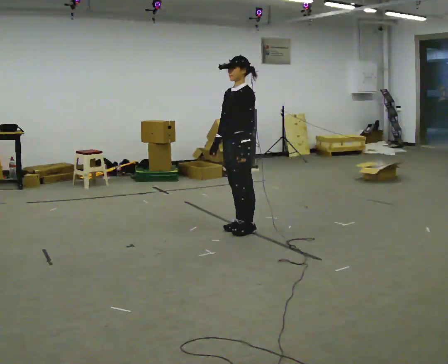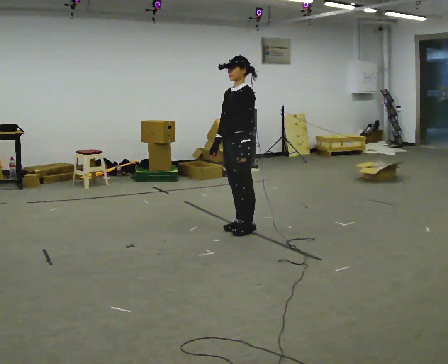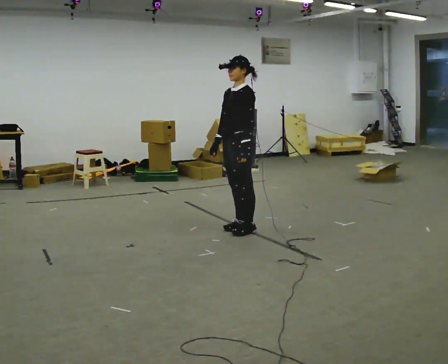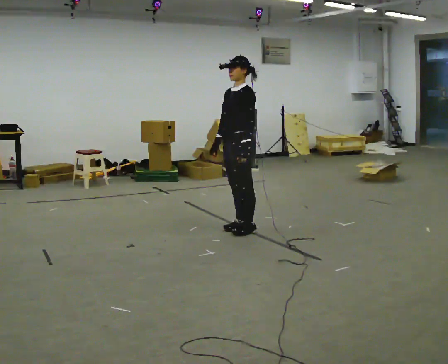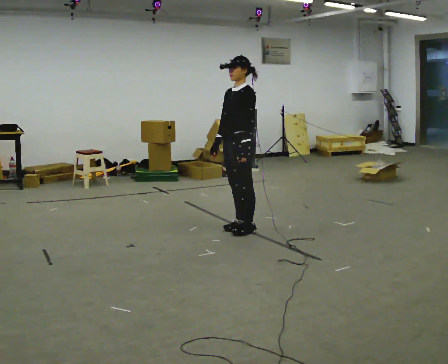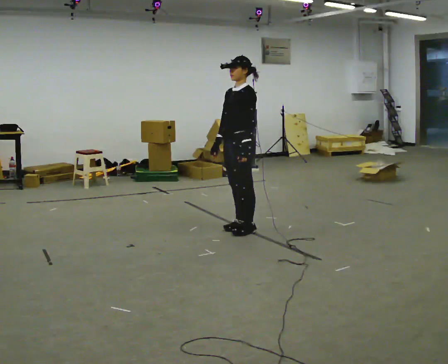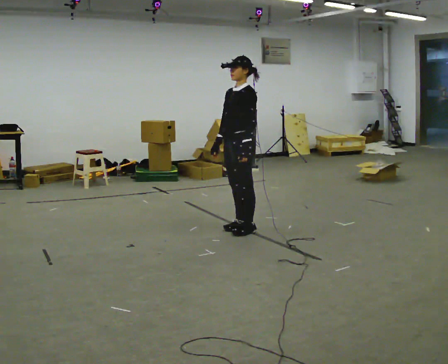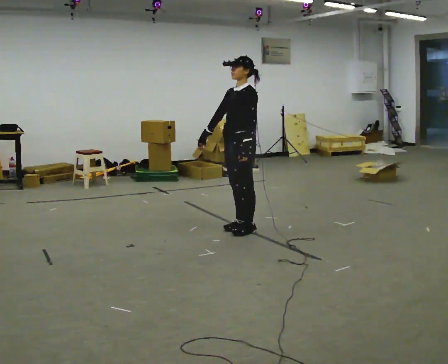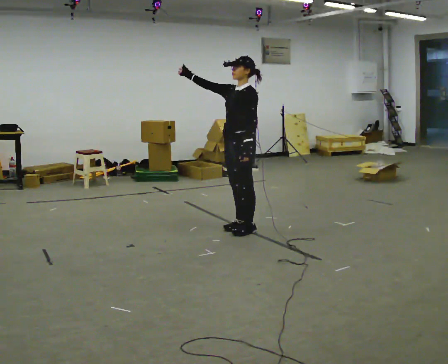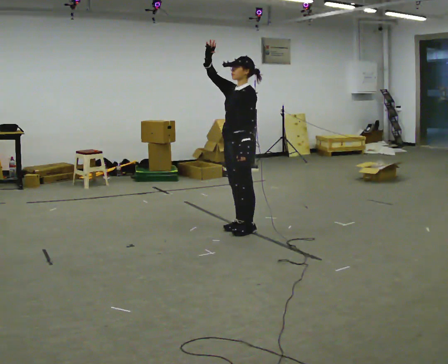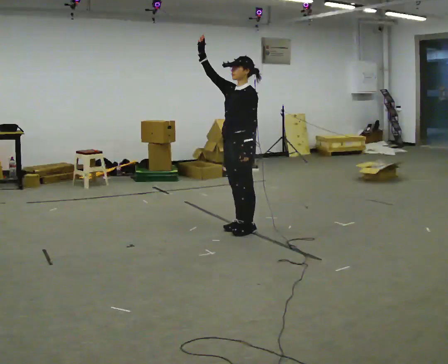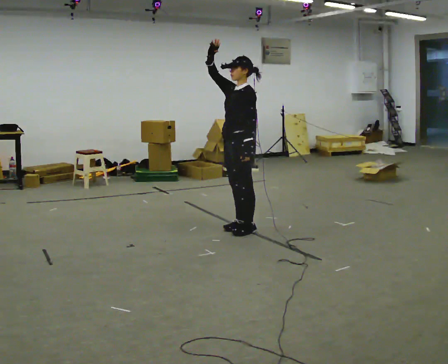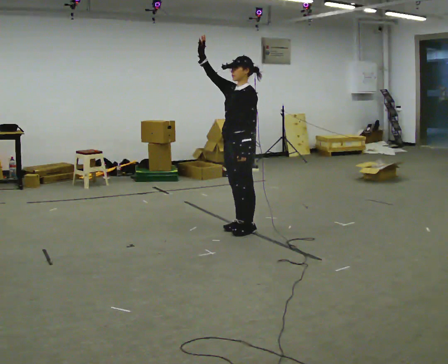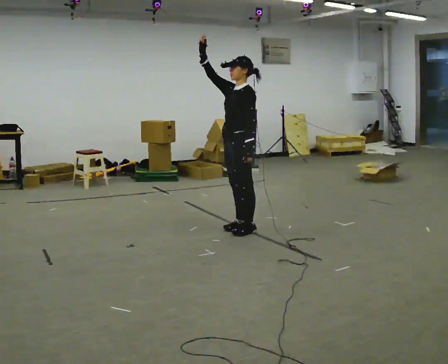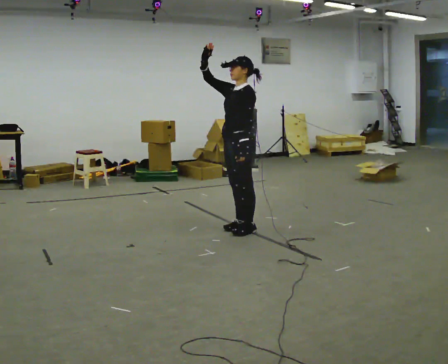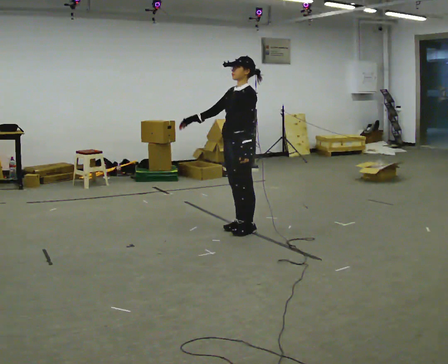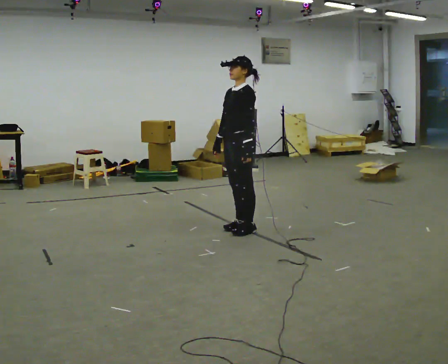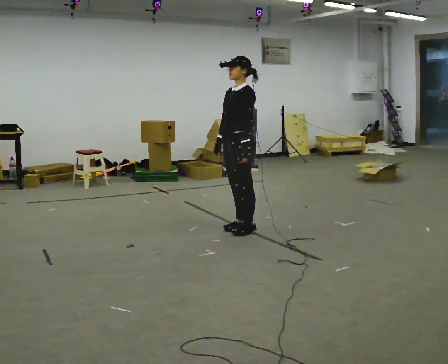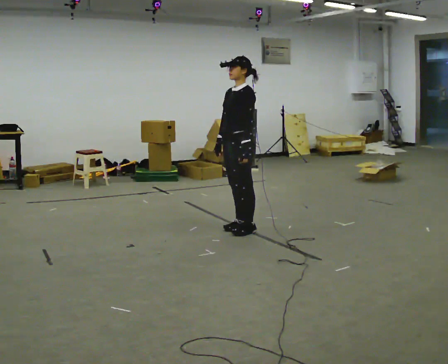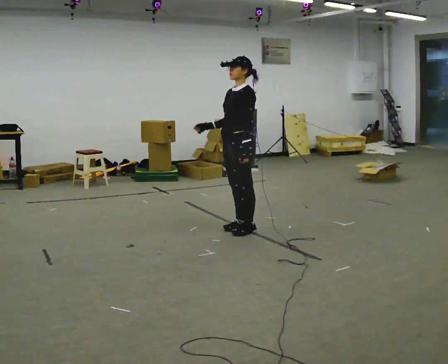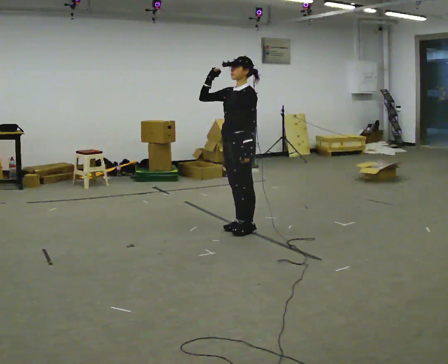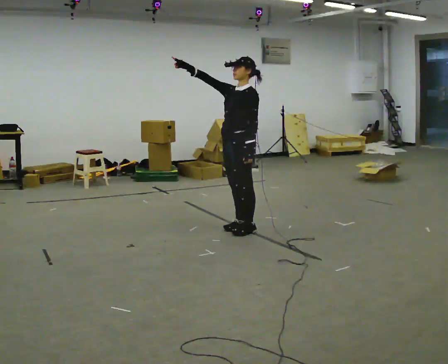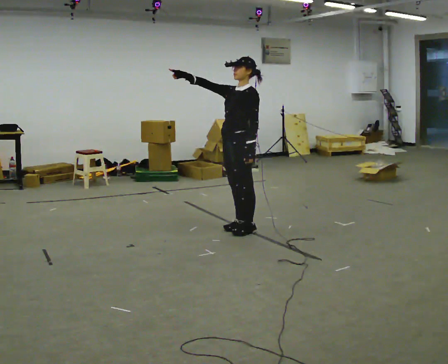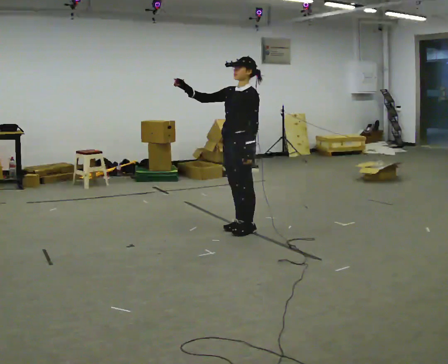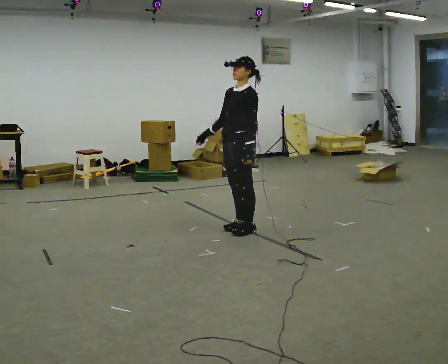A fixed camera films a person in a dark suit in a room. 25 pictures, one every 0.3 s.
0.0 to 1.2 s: The person keeps their place and pose.
1.2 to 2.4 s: In the picture their right hand goes upward, the arm swinging clockwise.
2.4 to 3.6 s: The person moves a little, or ends about where they began.
3.6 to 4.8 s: In the picture their right hand goes downward, the arm swinging counterclockwise.
4.8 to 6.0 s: In the picture their right hand goes upward.
6.0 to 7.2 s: In the picture their right hand goes downward, the arm swinging counterclockwise.
The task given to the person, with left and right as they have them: Wave to someone across the room, point at different things around you, and clap. Repeat the movement at your own pace until the operator says stop; do not rush.
The film runs forward here.
